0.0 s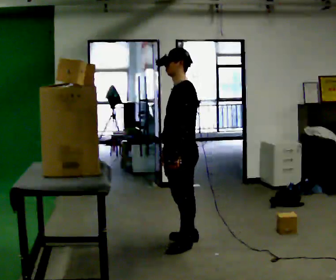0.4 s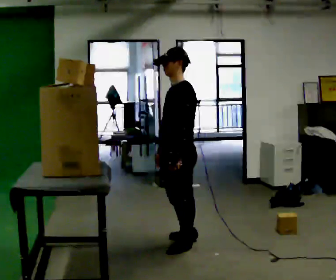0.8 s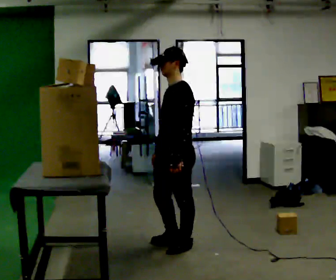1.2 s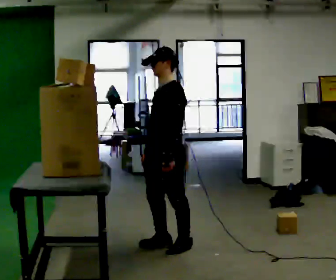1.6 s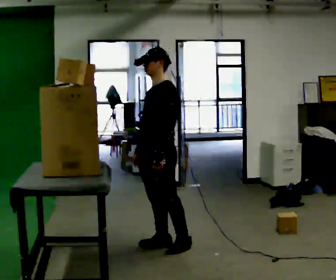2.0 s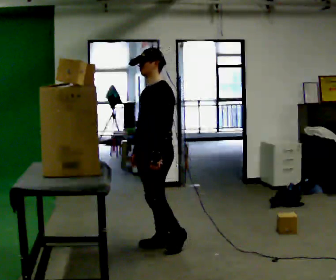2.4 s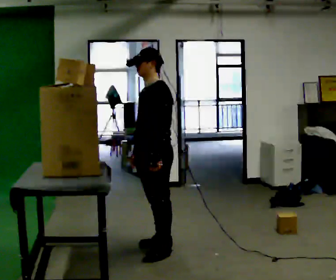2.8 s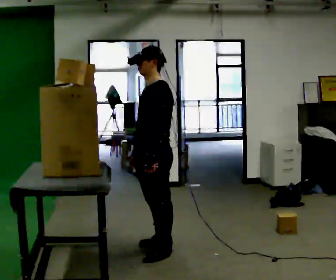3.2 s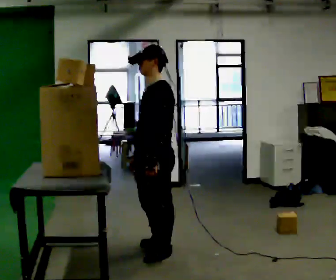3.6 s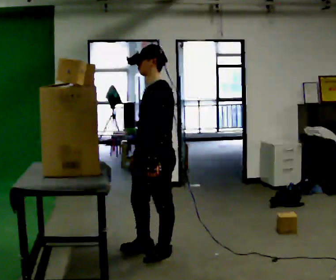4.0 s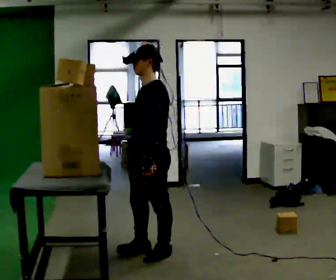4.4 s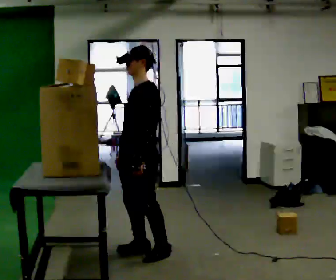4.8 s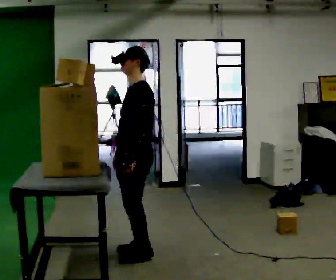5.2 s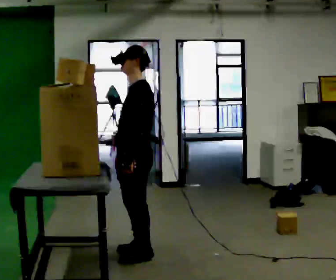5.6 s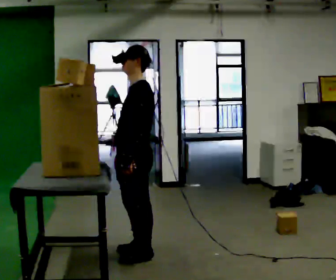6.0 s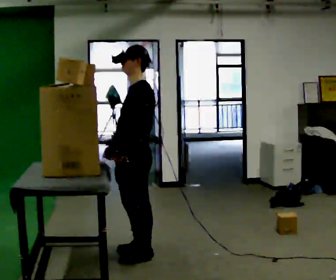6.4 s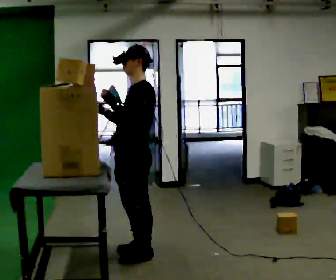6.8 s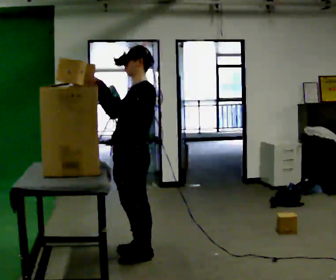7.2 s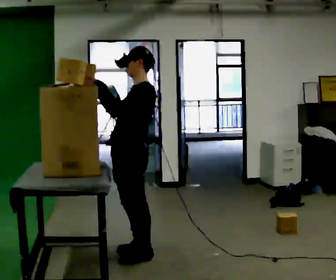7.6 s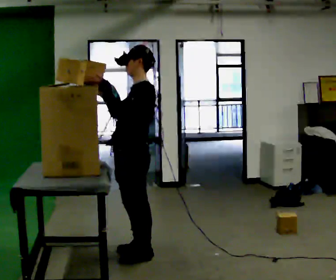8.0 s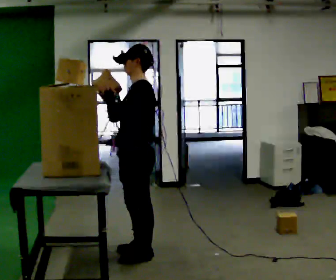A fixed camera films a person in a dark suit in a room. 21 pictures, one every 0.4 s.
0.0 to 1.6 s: In the picture they go to the left, about 0.25 m in 1 step, which for them is forward.
1.6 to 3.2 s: In the picture they go toward the camera, about 0.25 m in 1 step, which for them is to their left and forward.
3.2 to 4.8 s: In the picture they go to the left, about 0.25 m in 2 steps, which for them is to their right and forward.
4.8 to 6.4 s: In the picture their right hand goes upward, the arm swinging clockwise.
6.4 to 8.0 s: The person moves a little, or ends about where they began.
The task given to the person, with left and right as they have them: Take an object down from the highest shelf you can comfortably reach, carry it across the room, and set it on the floor. Keep going until the operator says stop; one object at a time, and do not rush between trips.
The film runs forward here.
